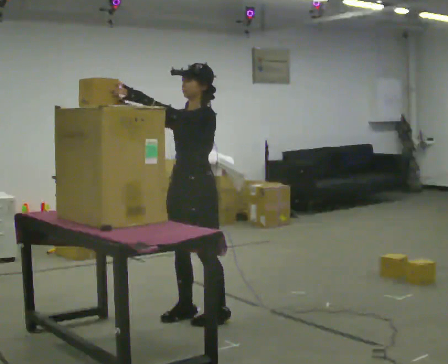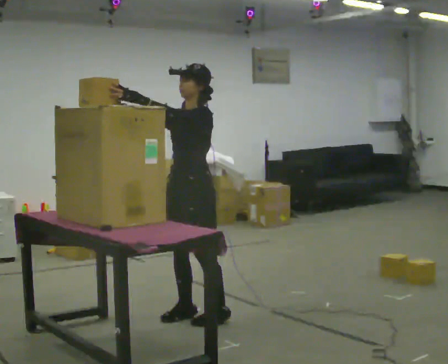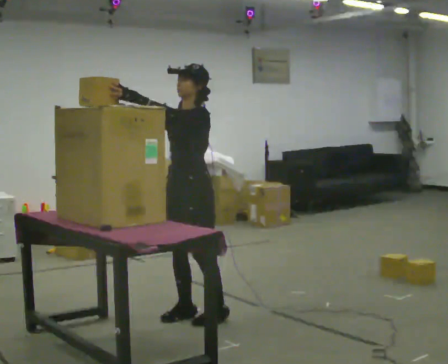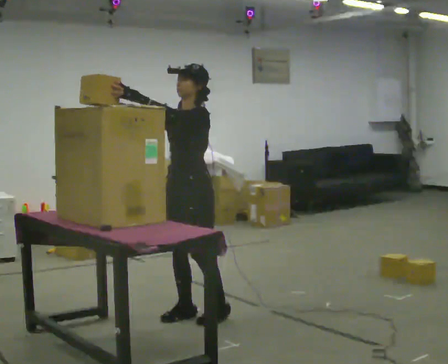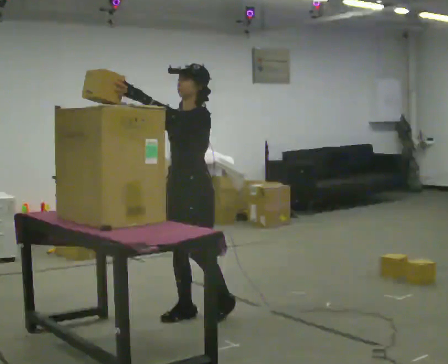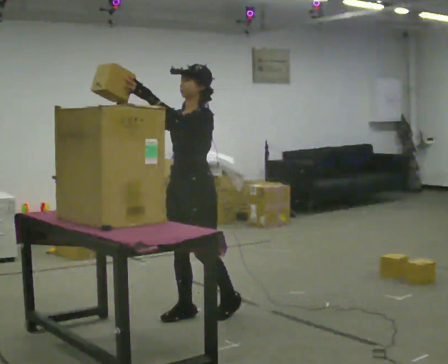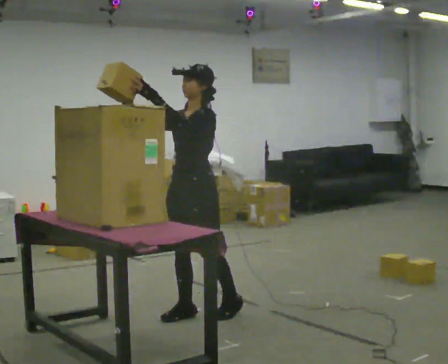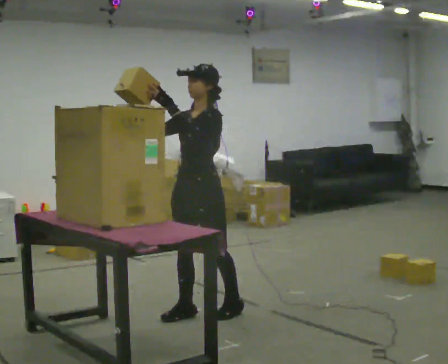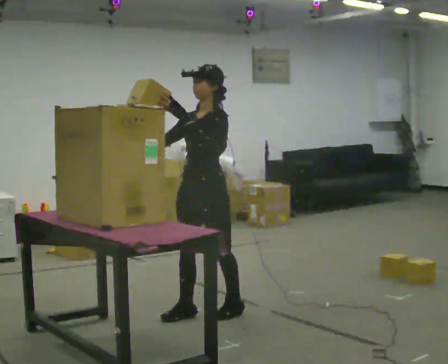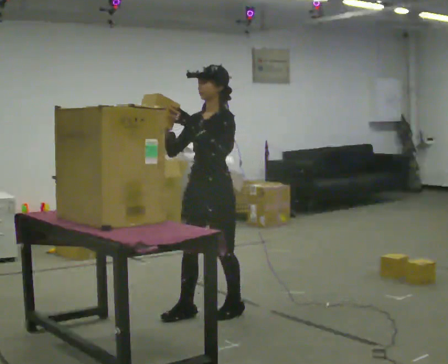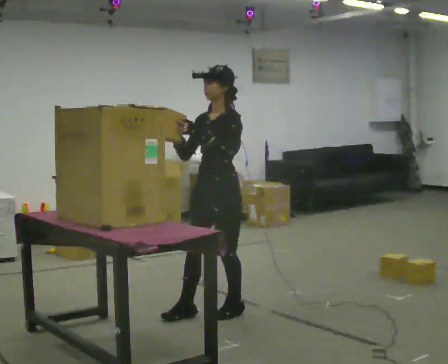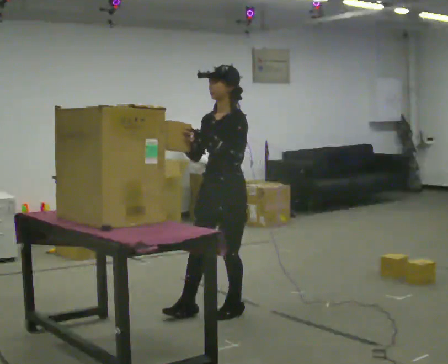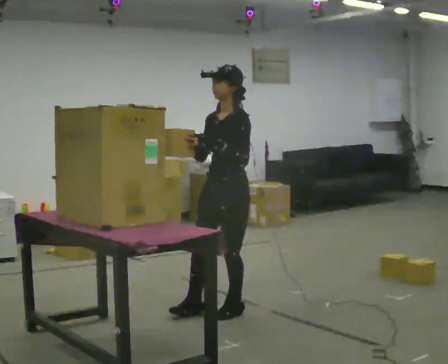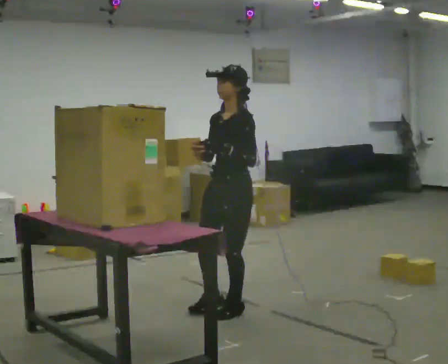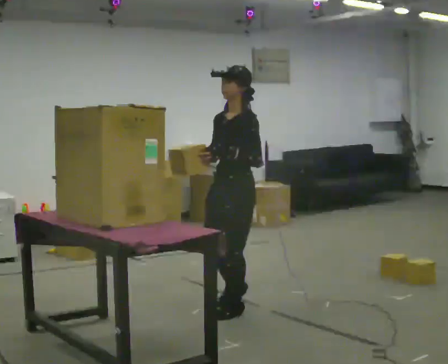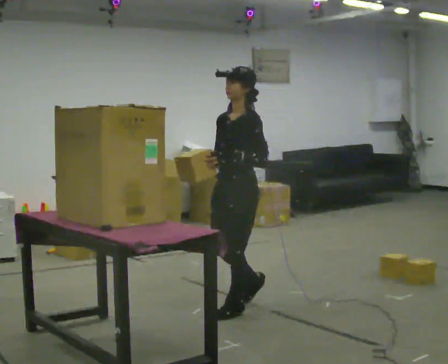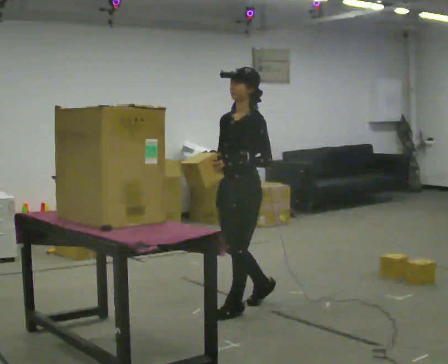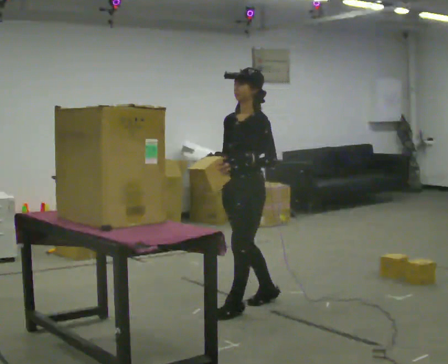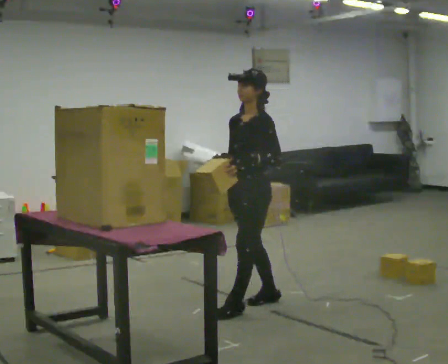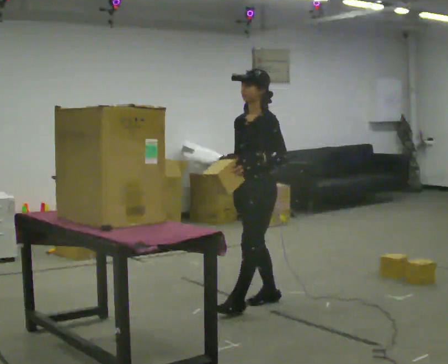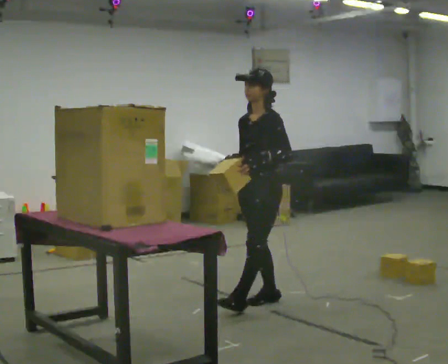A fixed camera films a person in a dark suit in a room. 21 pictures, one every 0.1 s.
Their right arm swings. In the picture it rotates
counterclockwise.
0.0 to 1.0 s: In the picture their right hand goes to the right.
1.0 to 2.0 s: In the picture they go to the right and away from the camera, about 0.5 m in 1 step, which for them is backward.
The film runs backward here.
